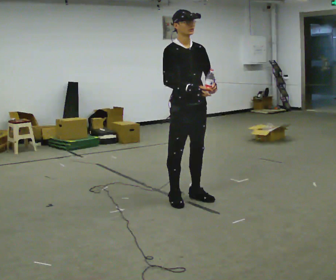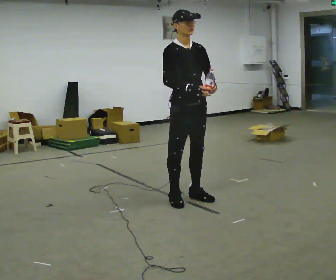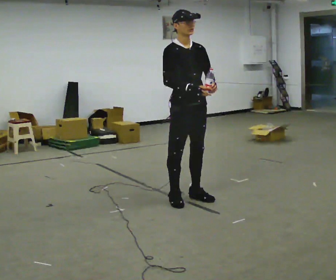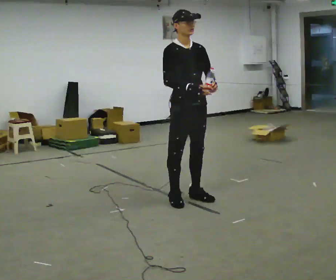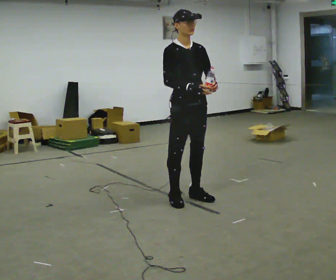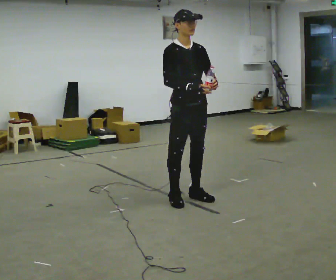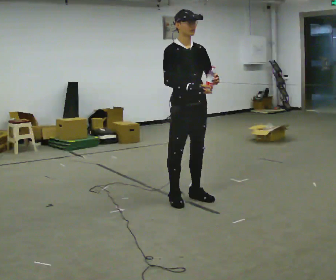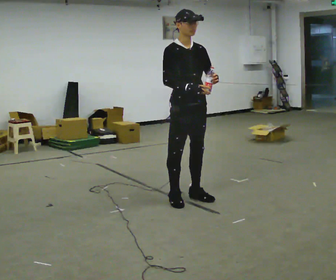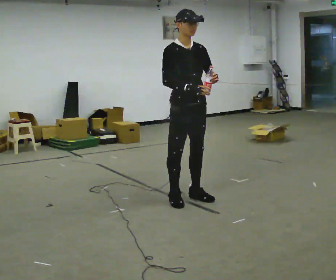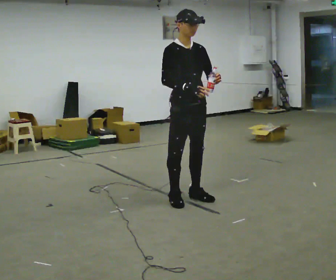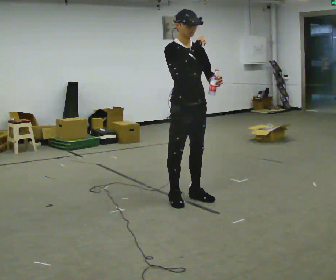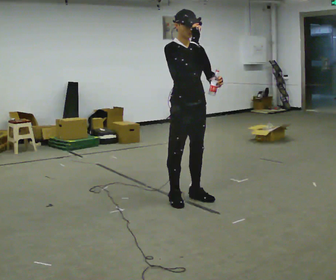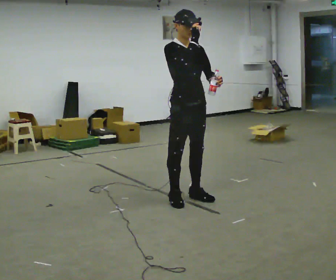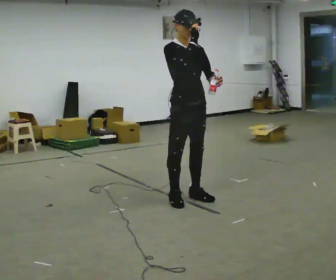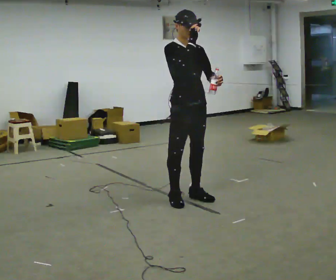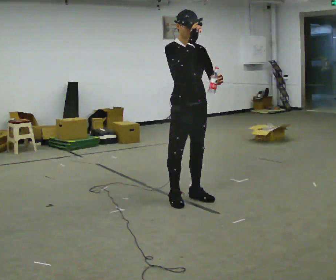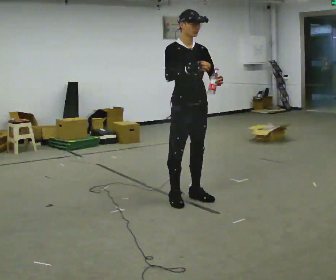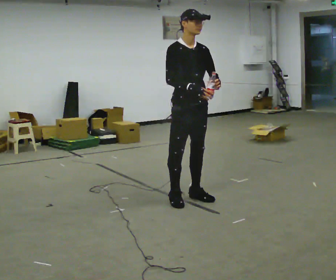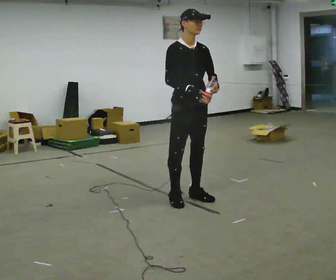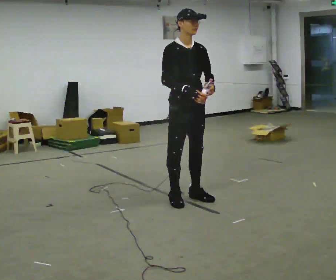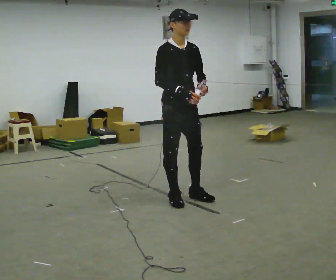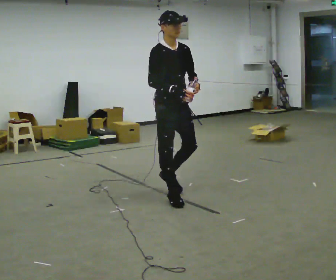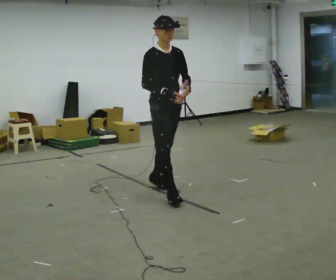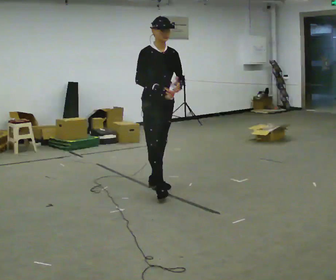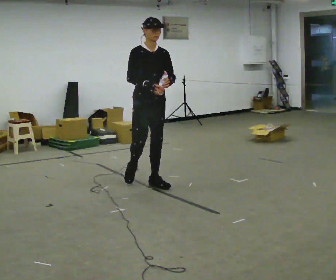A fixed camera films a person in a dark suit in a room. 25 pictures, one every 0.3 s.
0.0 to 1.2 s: The person keeps their place and pose.
1.2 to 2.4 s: The person moves a little, or ends about where they began.
2.4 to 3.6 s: In the picture their right hand goes upward.
3.6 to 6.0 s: In the picture their right hand goes downward.
6.0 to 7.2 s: In the picture they go away from the camera and to the left, about 0.5 m in 2 steps, which for them is backward.
The film runs backward here.
